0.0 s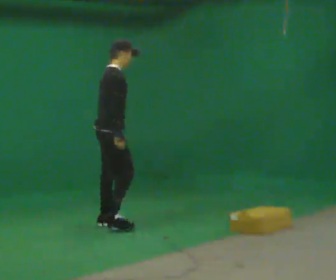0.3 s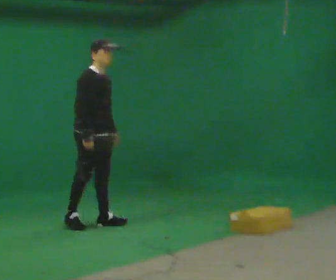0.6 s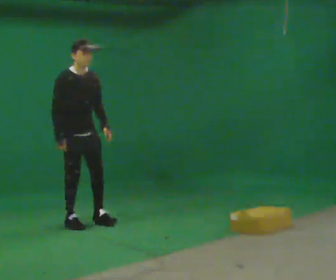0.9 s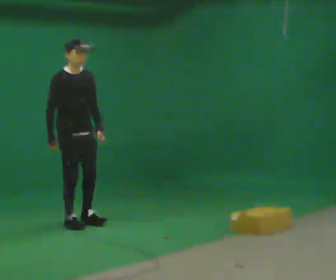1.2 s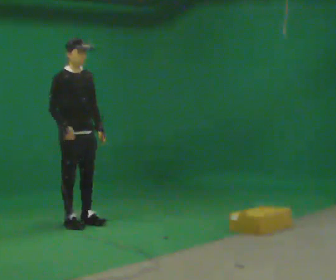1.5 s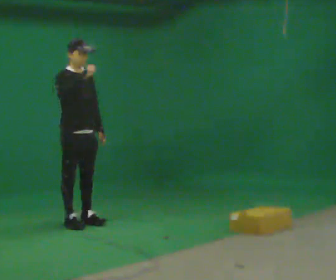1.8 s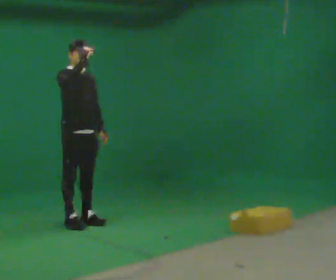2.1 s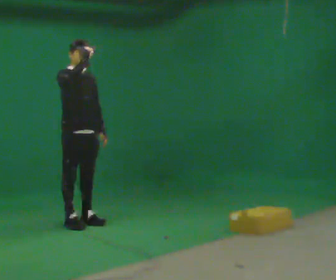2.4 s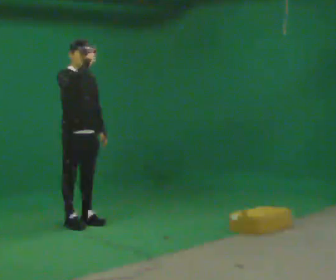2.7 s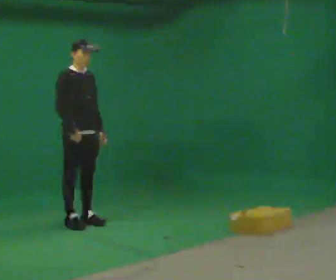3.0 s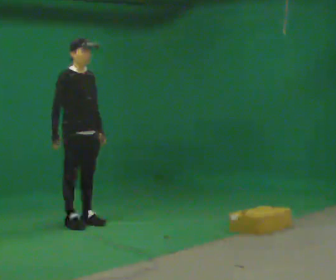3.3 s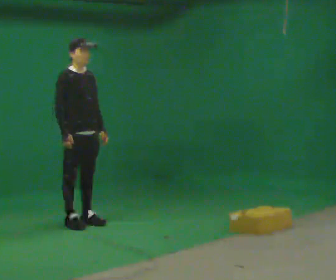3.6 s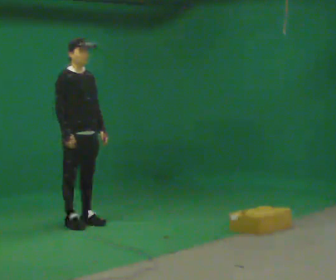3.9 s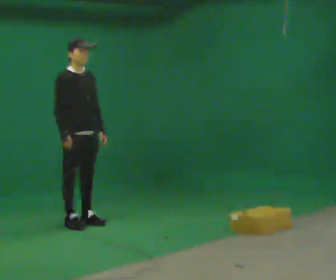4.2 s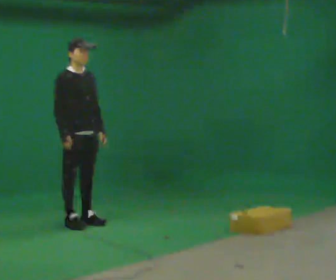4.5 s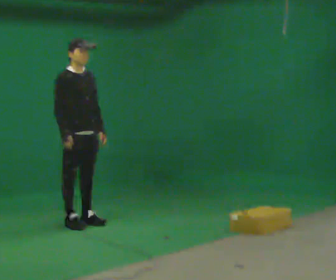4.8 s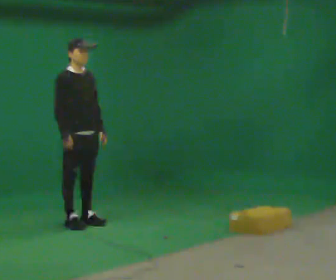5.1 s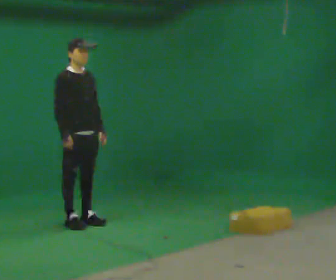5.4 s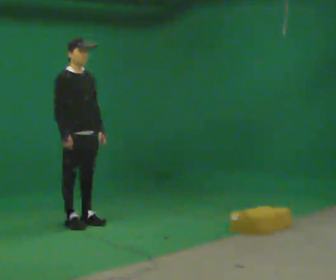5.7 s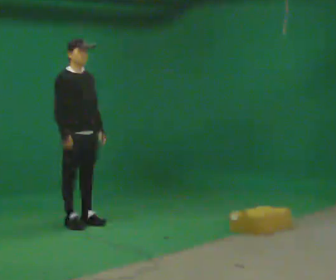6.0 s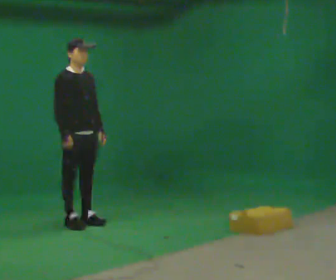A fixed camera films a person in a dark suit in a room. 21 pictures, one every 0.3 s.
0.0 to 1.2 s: The person turns about 45 degrees to their right, clockwise seen from above, so the part of the body nearest the lens slides to the left. In the picture they go to the left, about 0.25 m in 2 steps, which for them is backward and to their right.
1.2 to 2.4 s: In the picture their right hand goes upward.
2.4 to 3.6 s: In the picture their right hand goes downward.
3.6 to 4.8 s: The person moves a little, or ends about where they began.
4.8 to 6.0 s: The person keeps their place and pose.
The film runs forward here.
